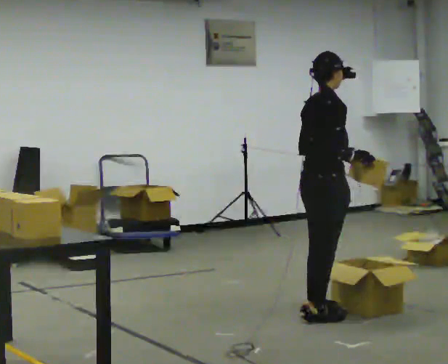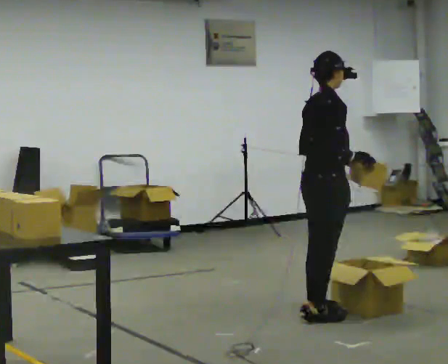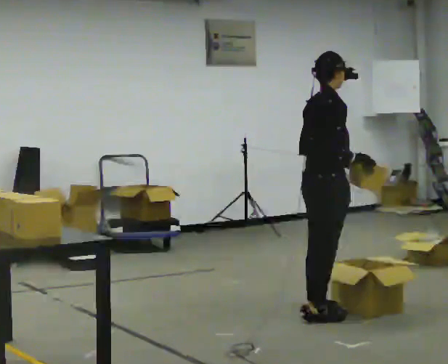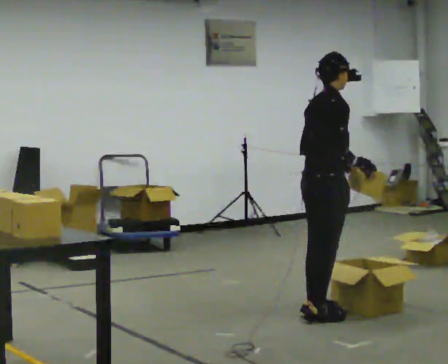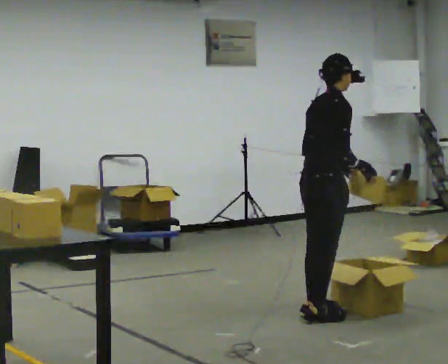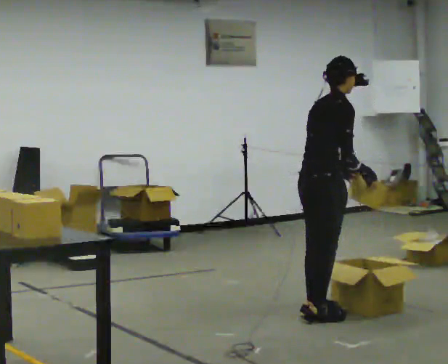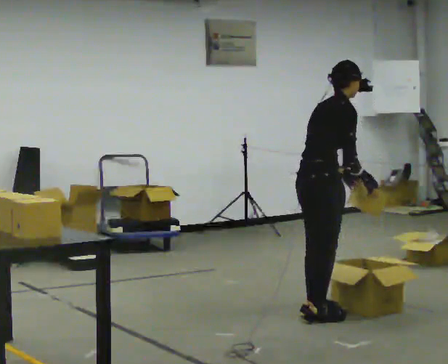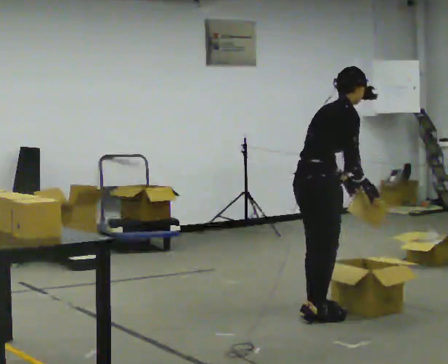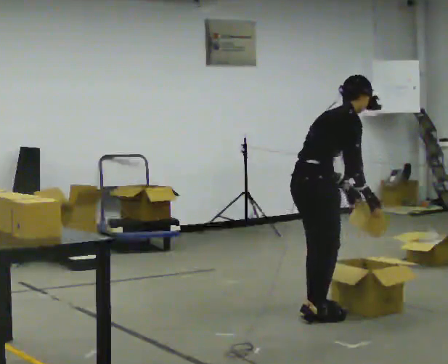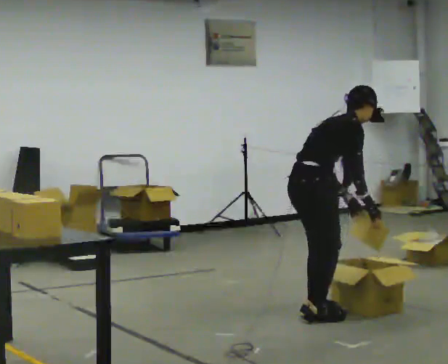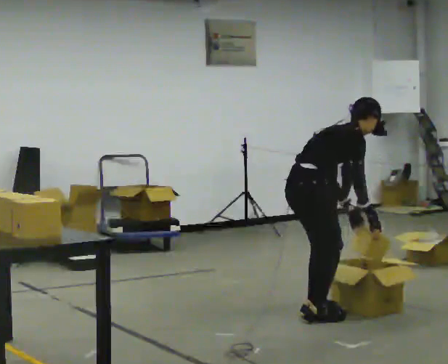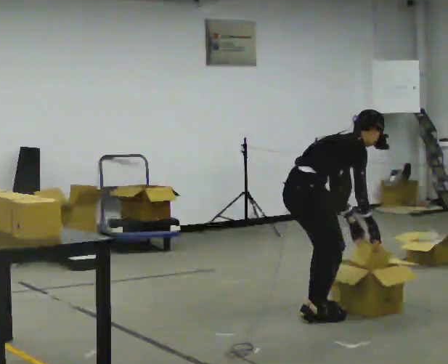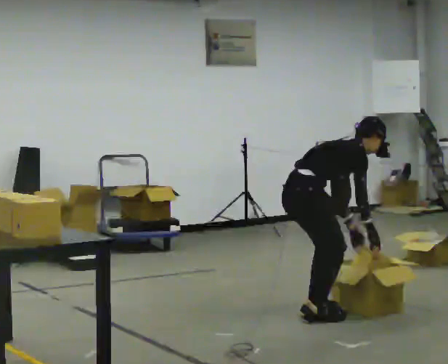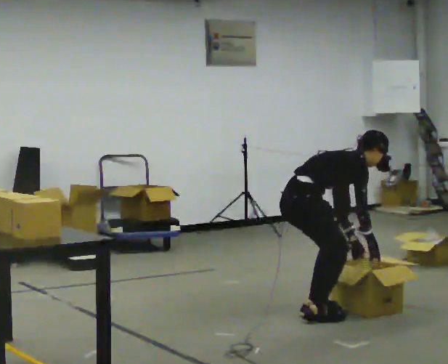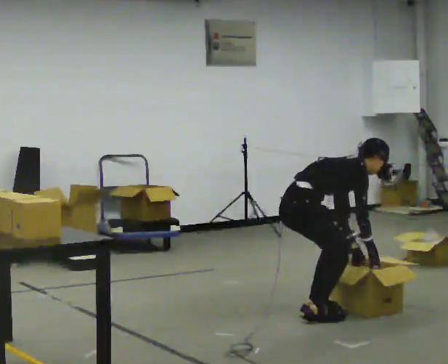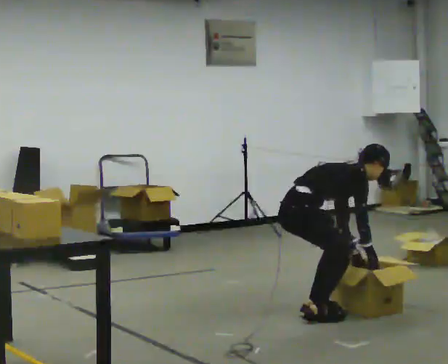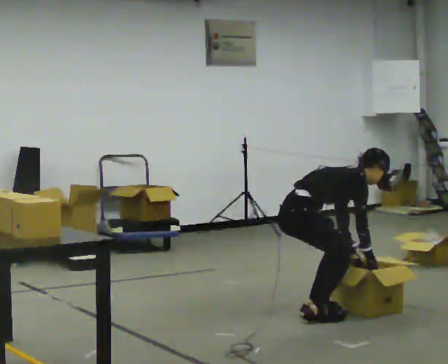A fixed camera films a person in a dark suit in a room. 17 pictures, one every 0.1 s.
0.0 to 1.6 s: The upper body goes downward. In the picture the upper body tilts clockwise, shoulders to the right, as they bend forward. In the picture their left hand goes downward.
The film runs backward here.
